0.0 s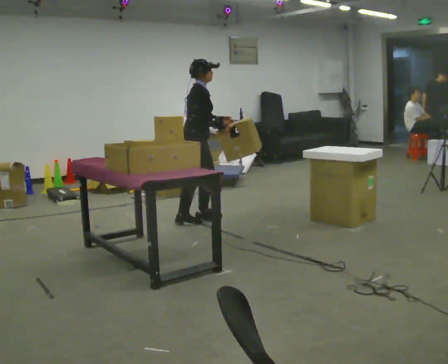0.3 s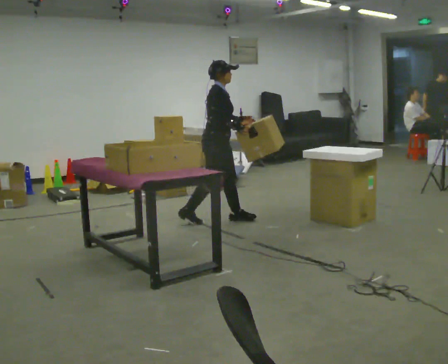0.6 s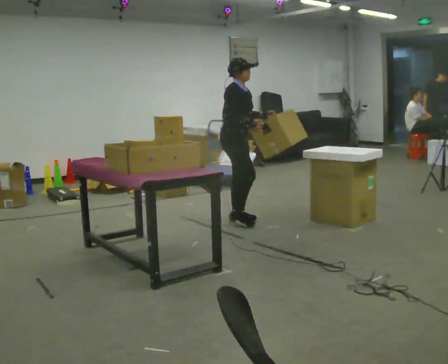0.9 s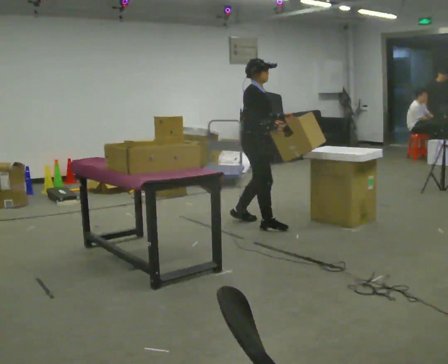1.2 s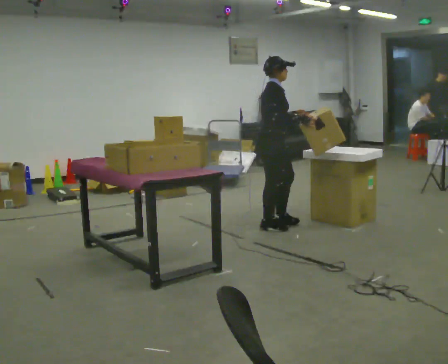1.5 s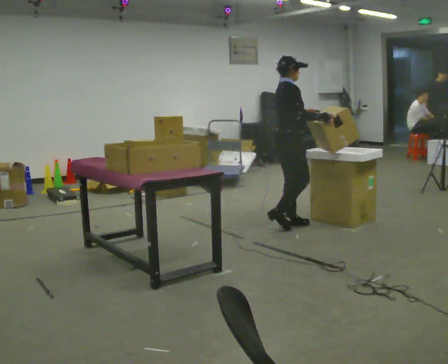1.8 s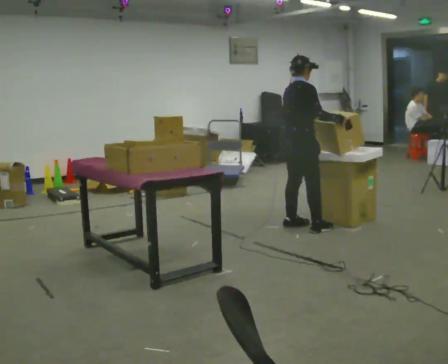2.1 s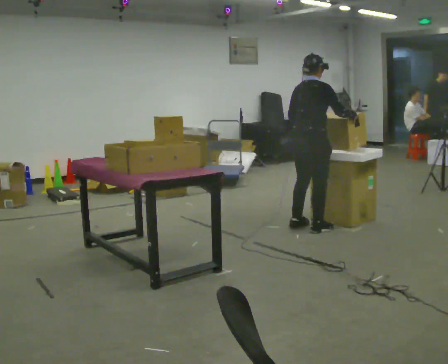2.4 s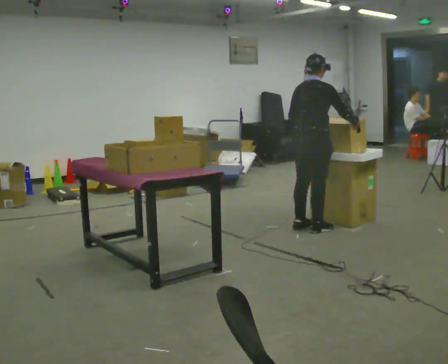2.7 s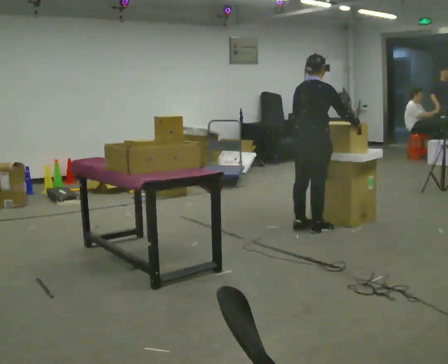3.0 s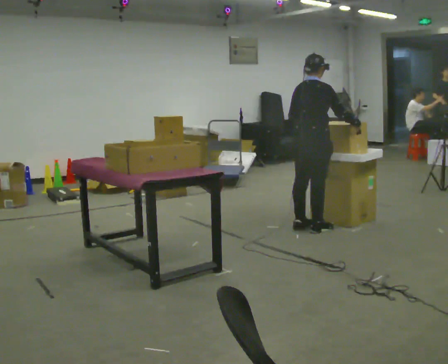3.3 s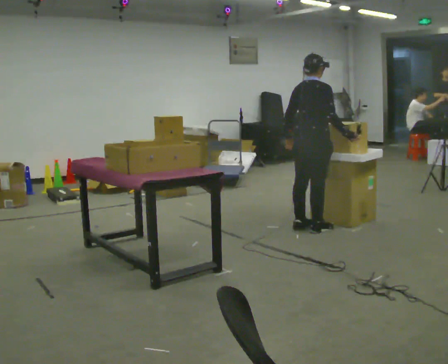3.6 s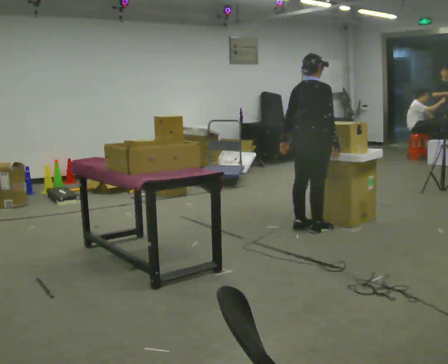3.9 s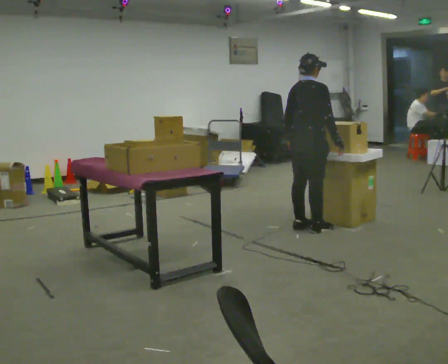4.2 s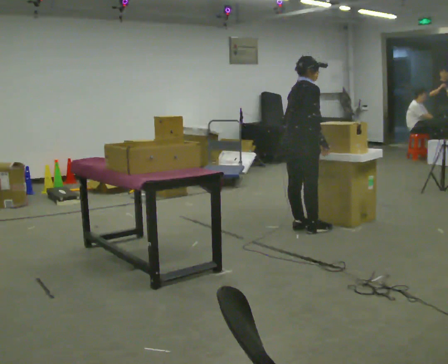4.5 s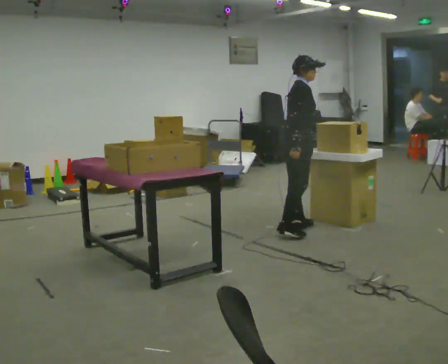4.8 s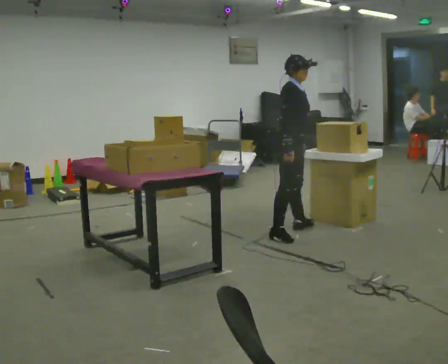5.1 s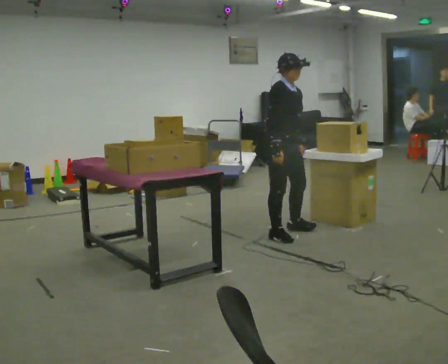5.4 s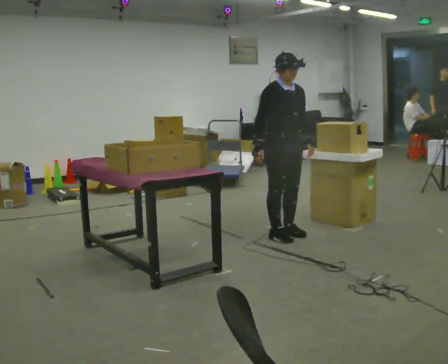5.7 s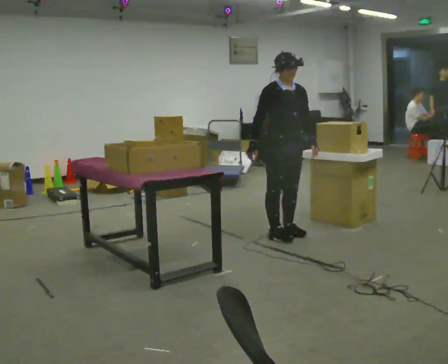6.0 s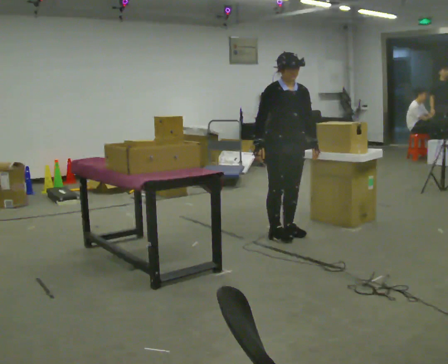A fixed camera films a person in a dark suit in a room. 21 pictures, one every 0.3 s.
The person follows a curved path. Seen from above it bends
clockwise.
0.0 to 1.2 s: In the picture they go to the right, about 0.5 m in 2 steps, which for them is forward.
1.2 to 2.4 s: Seen from above the body turns counterclockwise, about 45 degrees: to their left, with its near side sliding to the right. In the picture they go to the right, about 0.25 m in 2 steps, which for them is forward and to their right.
2.4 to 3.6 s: The person moves a little, or ends about where they began.
3.6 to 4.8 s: The part of the body nearest the lens slides to the left as the person turns to their right by about 60 degrees. In the picture they go to the left, about 0.25 m in 1 step, which for them is backward.
4.8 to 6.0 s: The person turns about 45 degrees to their right, clockwise seen from above, so the part of the body nearest the lens slides to the left.
The film runs forward here.
